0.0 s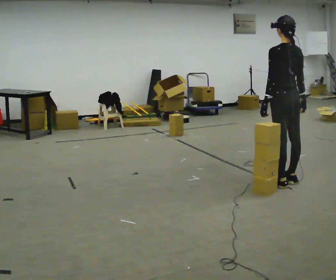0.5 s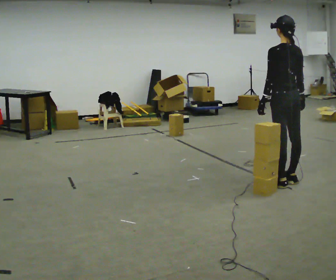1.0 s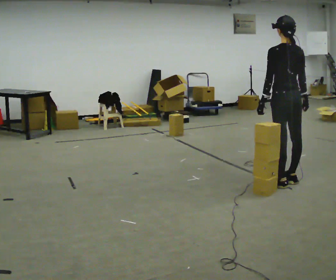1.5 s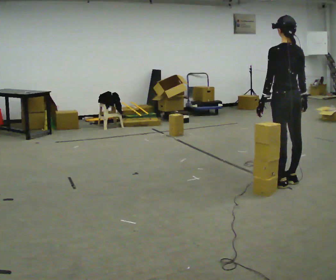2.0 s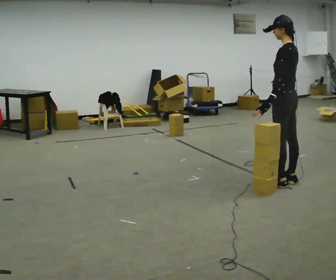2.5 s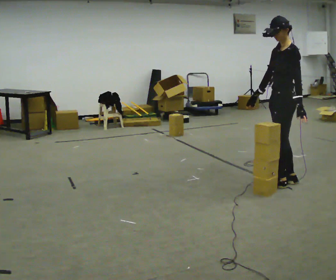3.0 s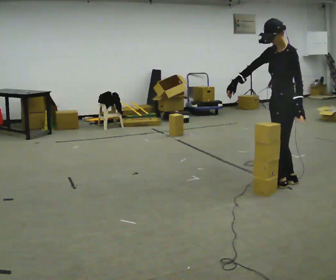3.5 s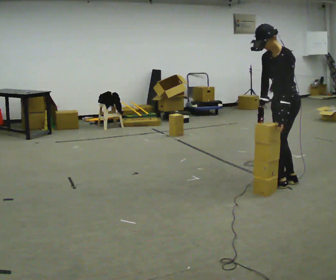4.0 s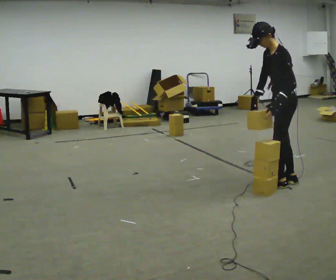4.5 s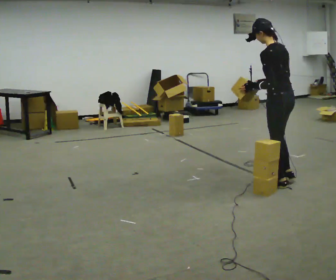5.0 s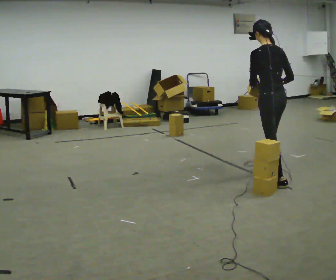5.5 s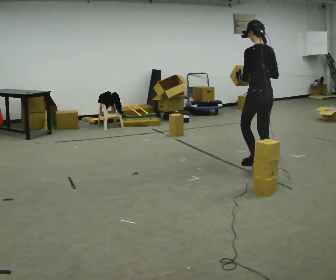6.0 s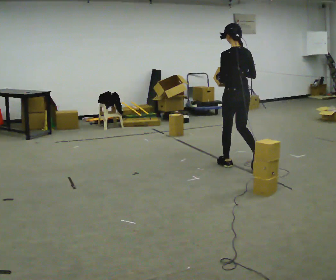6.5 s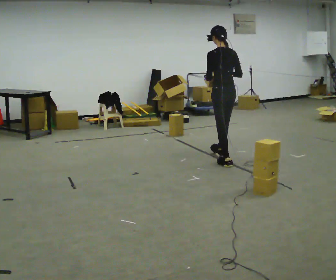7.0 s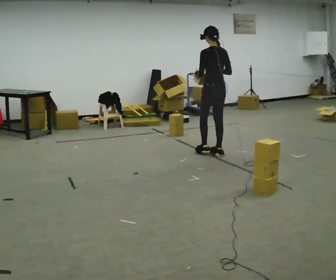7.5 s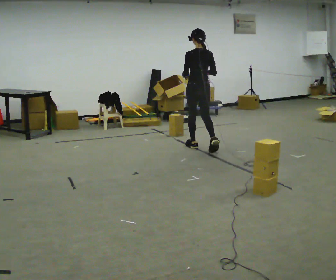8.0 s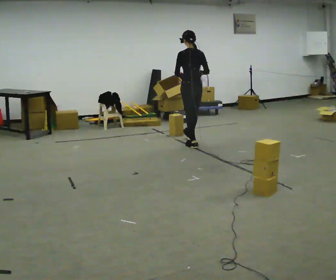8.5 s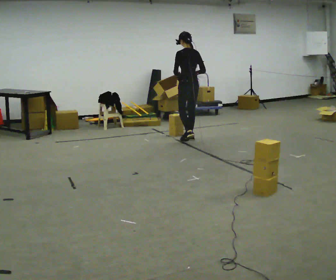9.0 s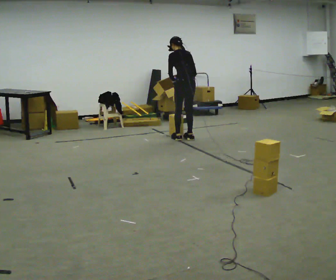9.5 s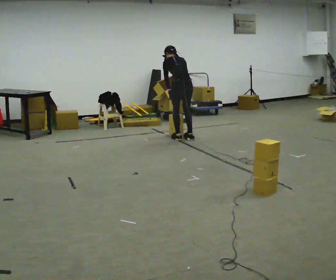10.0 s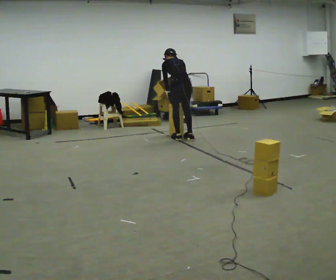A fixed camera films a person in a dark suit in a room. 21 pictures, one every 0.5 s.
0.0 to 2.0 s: The person turns about 30 degrees to their left, counterclockwise seen from above, so the part of the body nearest the lens slides to the right.
2.0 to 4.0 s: The part of the body nearest the lens slides to the right as the person turns to their left by about 30 degrees. In the picture their right hand goes to the left.
4.0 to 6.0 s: The part of the body nearest the lens slides to the left as the person turns to their right by about 60 degrees. In the picture they go away from the camera and to the left, about 1 m in 2 steps. In the picture the upper body tilts clockwise, shoulders to the right, as they lean back or straighten.
6.0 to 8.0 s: In the picture they go away from the camera and to the left, about 1 m in 2 steps, which for them is forward.
8.0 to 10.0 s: In the picture they go away from the camera and to the left, about 0.25 m in 2 steps, which for them is forward. The shoulders move downward. The upper body tips away from the camera, its near side rolling upward, as they bend forward. In the picture their right hand goes downward.
The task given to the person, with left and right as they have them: Take boxes off the top of the stack one at a time and carry them away, walking back for each one. Keep going until the operator says stop; one object at a time, and do not rush between trips.
The film runs forward here.
